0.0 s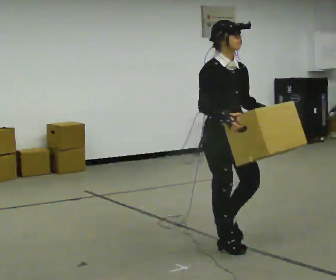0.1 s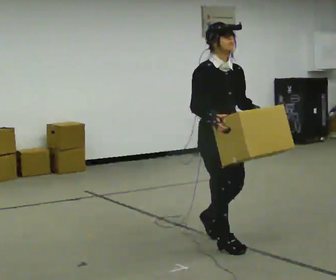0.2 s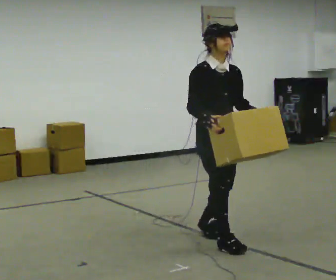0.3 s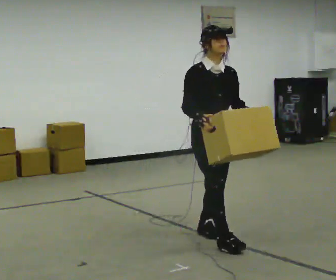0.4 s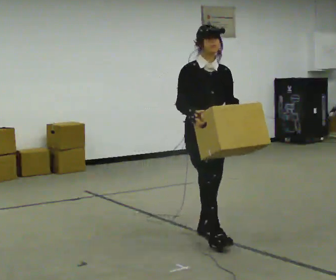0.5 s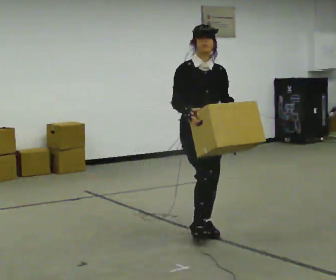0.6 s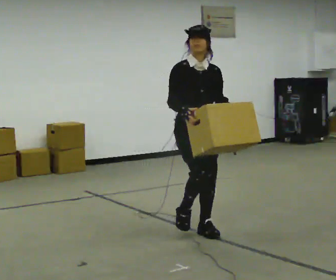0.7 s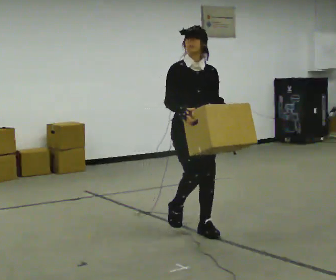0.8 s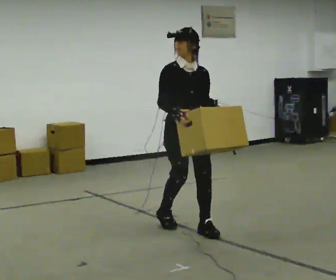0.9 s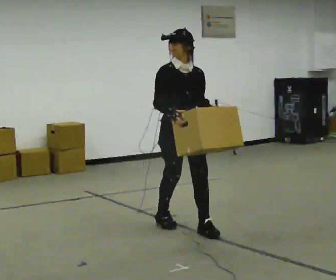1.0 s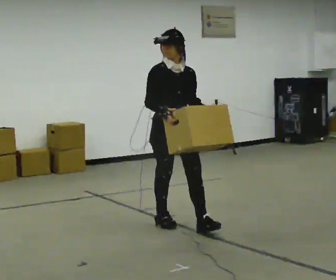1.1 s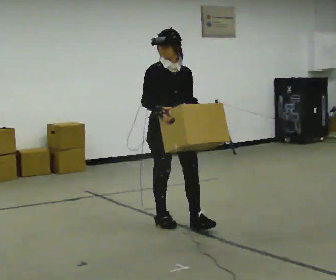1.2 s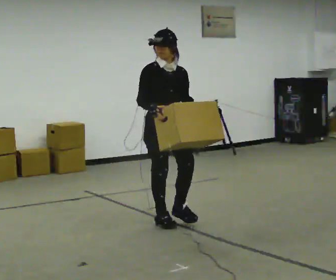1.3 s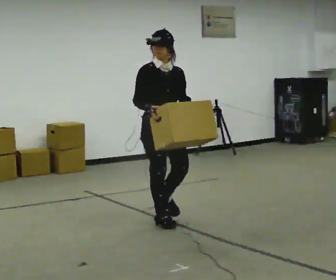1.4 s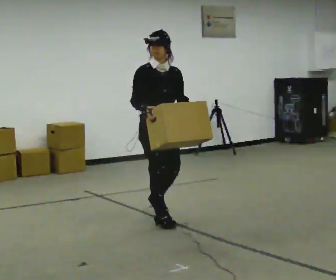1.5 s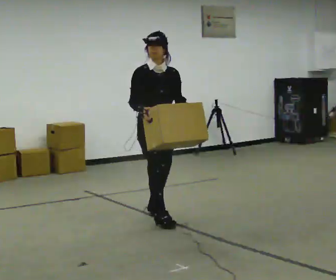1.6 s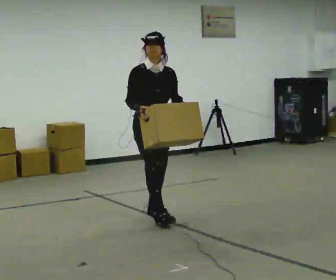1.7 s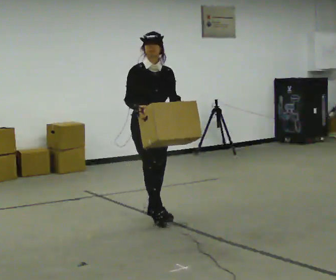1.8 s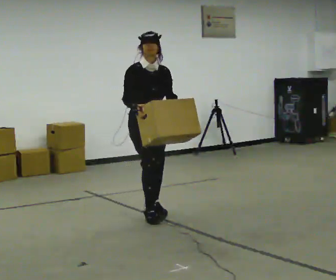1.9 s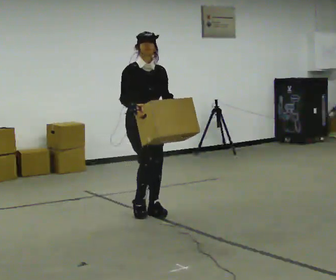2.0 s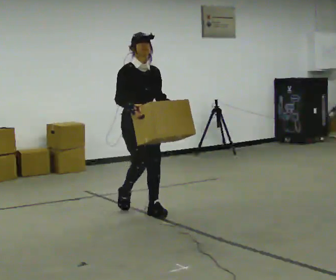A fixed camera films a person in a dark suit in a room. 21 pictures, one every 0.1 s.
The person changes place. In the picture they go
away from the camera.
0.0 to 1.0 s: In the picture they go away from the camera and to the left, about 0.5 m in 2 steps, which for them is backward.
1.0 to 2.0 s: In the picture they go away from the camera and to the left, about 0.5 m in 1 step, which for them is backward.
The film runs backward here.
